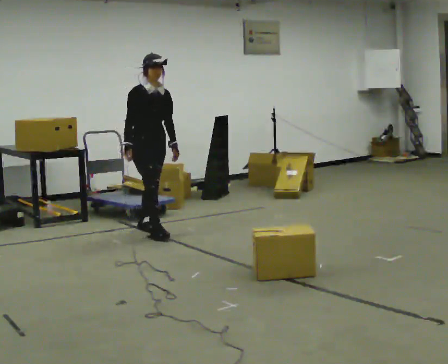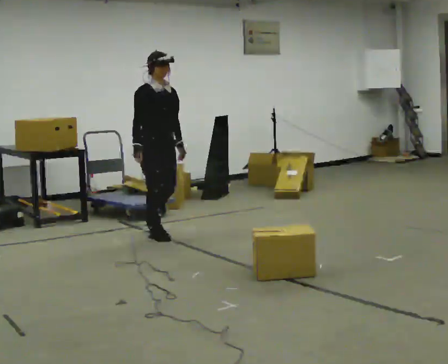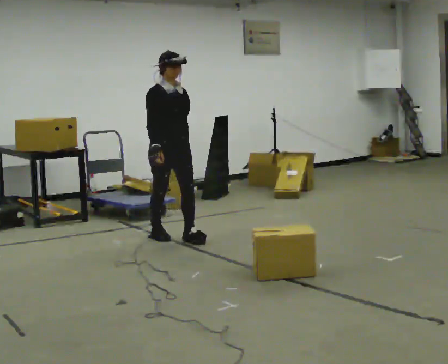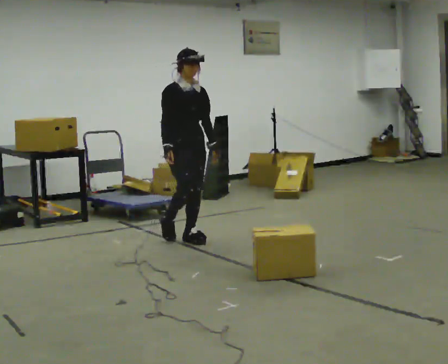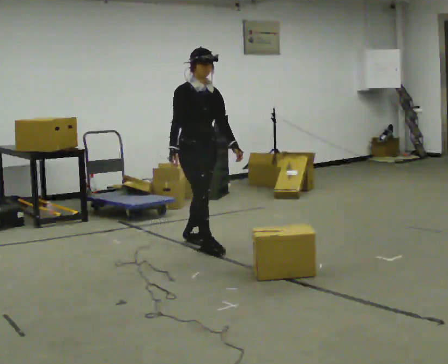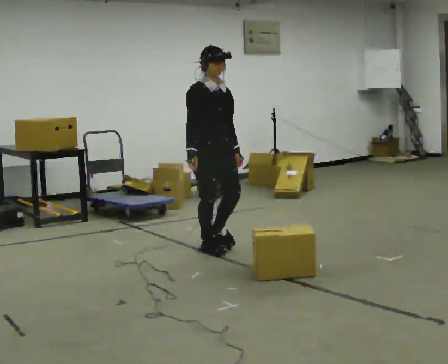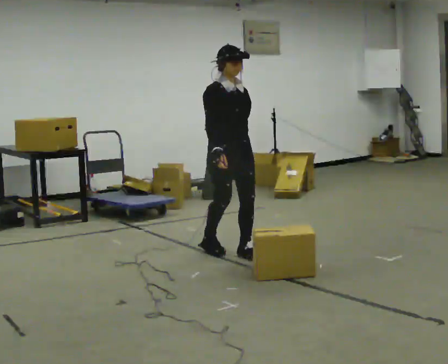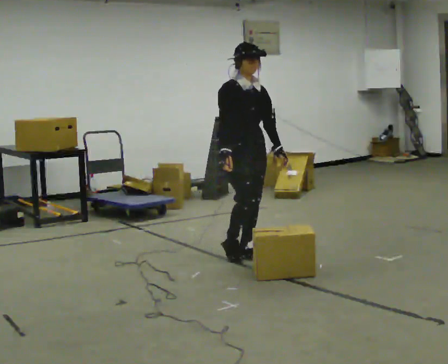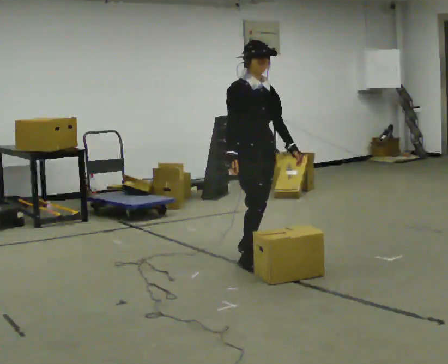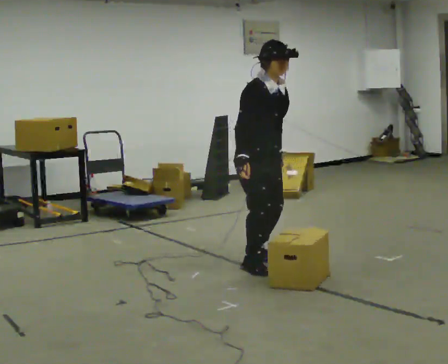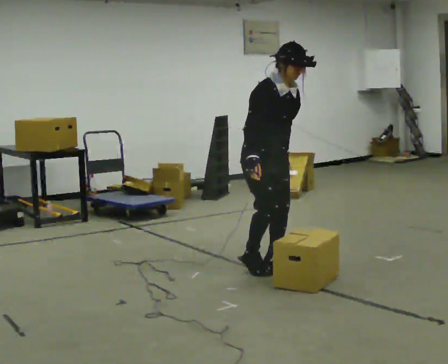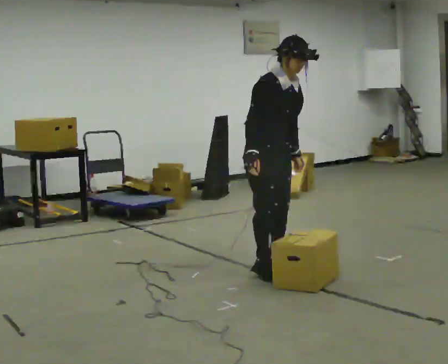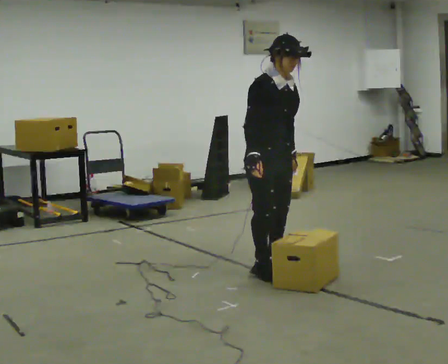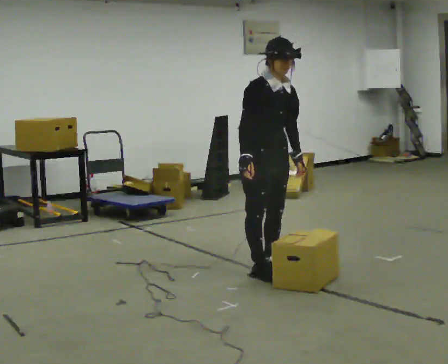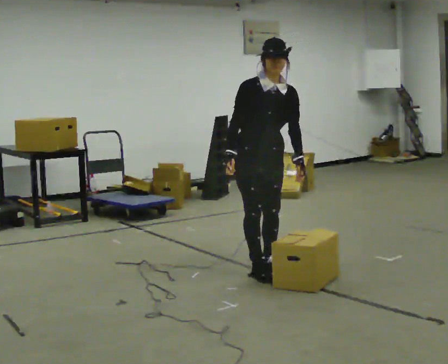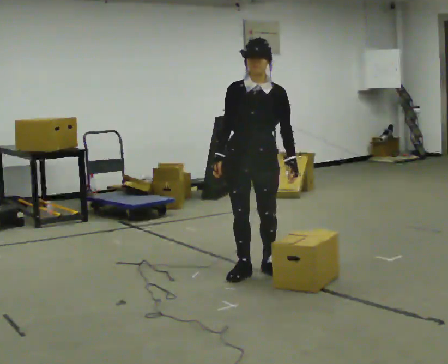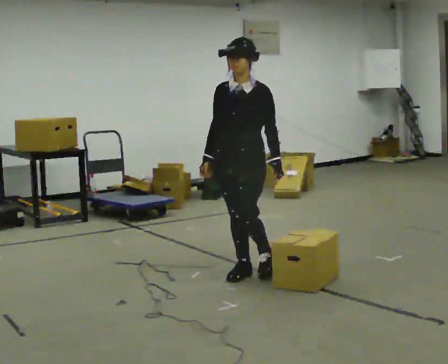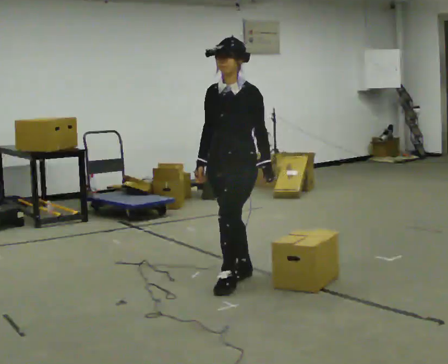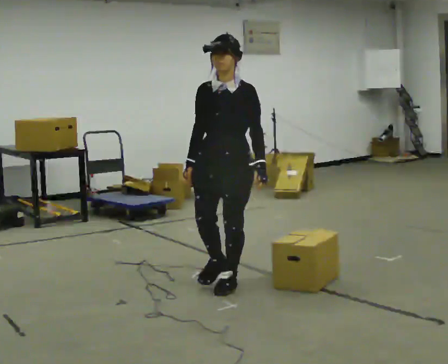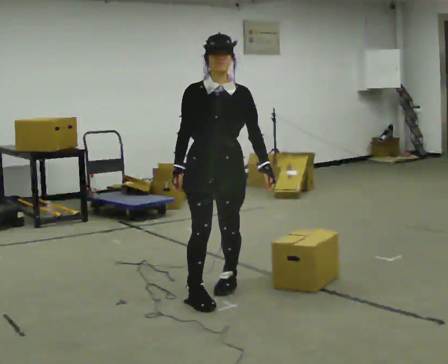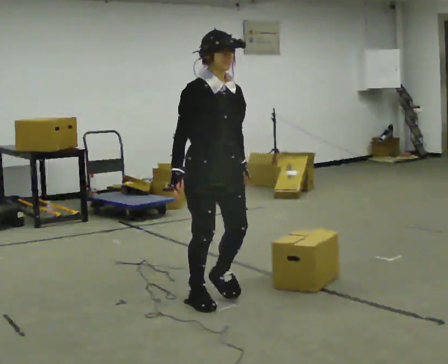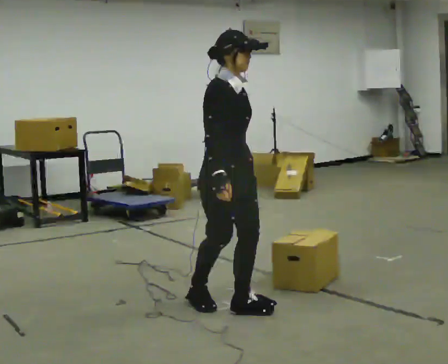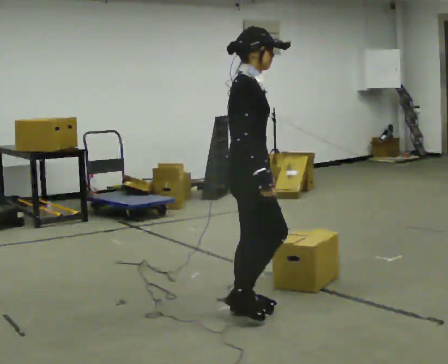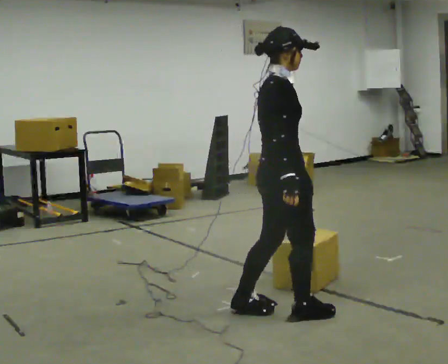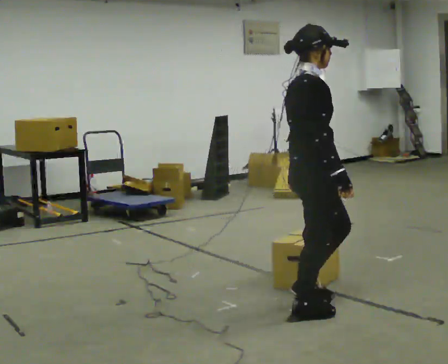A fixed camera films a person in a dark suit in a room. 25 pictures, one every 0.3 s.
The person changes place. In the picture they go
toward the camera.
0.0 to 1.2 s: In the picture they go toward the camera and to the right, about 0.5 m in 3 steps, which for them is forward.
1.2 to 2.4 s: In the picture they go toward the camera and to the right, about 0.5 m in 1 step, which for them is forward.
2.4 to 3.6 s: In the picture they go toward the camera, about 0.25 m in 3 steps, which for them is forward and to their right.
3.6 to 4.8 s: The part of the body nearest the lens slides to the left as the person turns to their right by about 75 degrees. In the picture they go to the left, about 0.25 m.
4.8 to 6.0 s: The person turns about 60 degrees to their left, counterclockwise seen from above, so the part of the body nearest the lens slides to the right. In the picture they go toward the camera, about 0.5 m in 2 steps.
6.0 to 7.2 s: The person turns about 60 degrees to their left, counterclockwise seen from above, so the part of the body nearest the lens slides to the right. In the picture they go to the right and toward the camera, about 0.75 m in 2 steps.
The film runs forward here.
